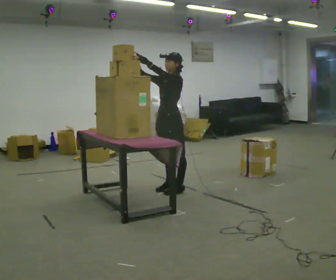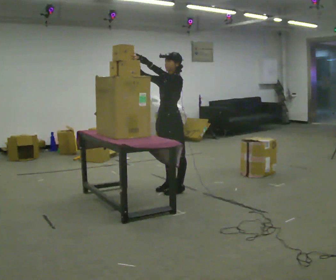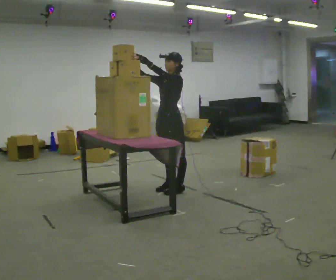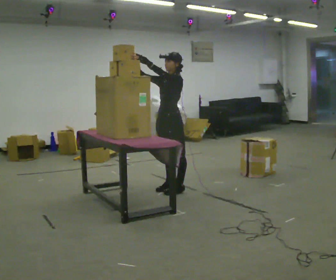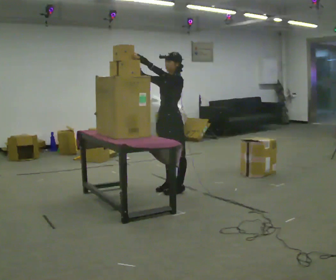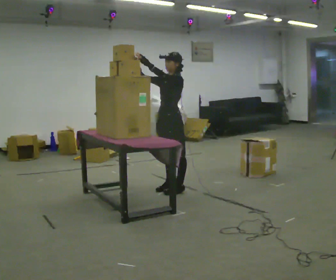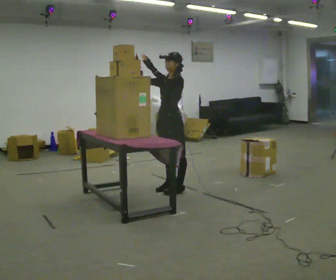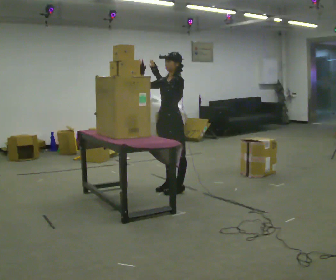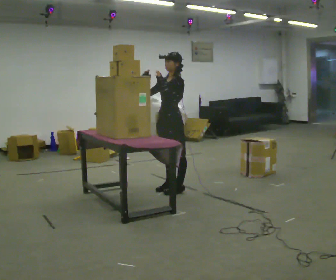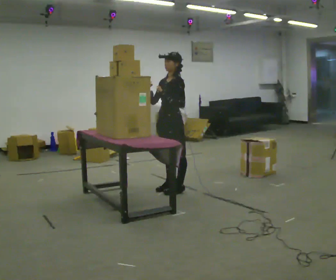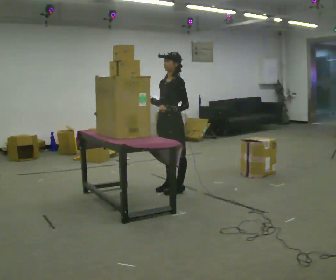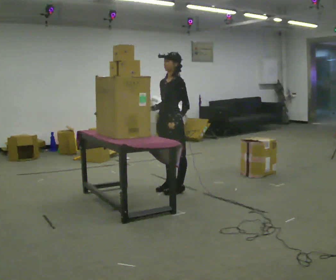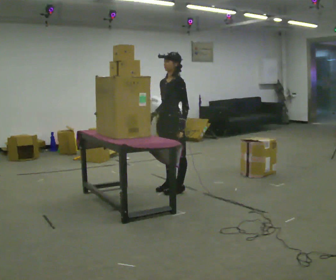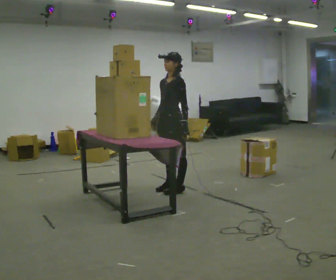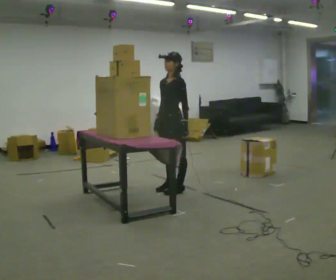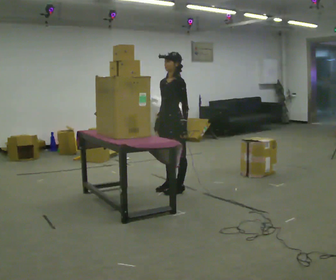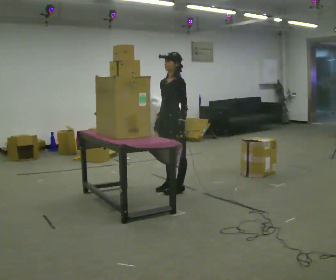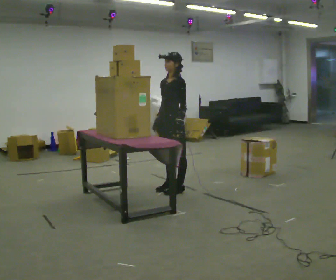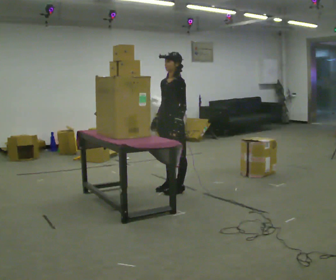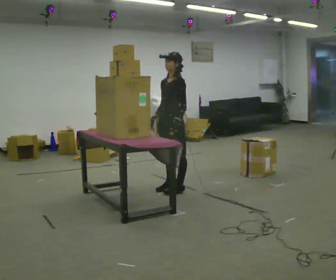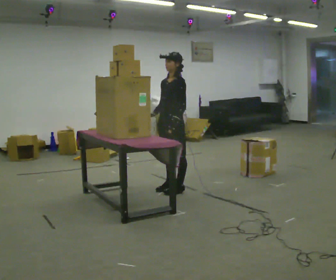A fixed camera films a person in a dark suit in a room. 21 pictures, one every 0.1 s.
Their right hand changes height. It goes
downward.
Their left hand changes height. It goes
downward.
0.0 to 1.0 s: In the picture their left hand goes downward.
1.0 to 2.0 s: The person moves a little, or ends about where they began.
The film runs forward here.
